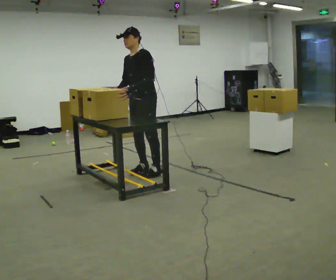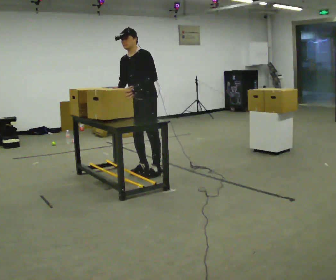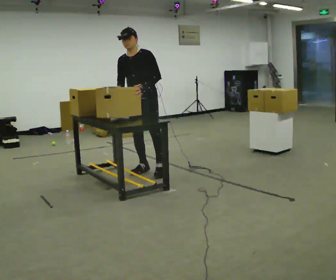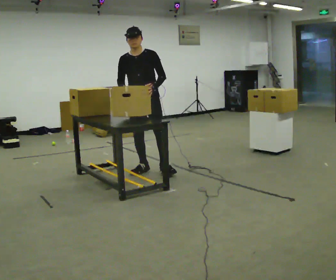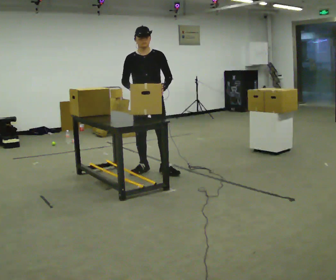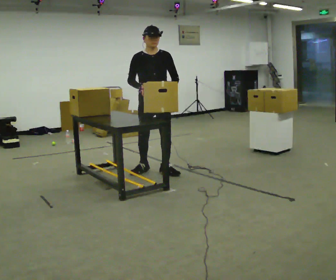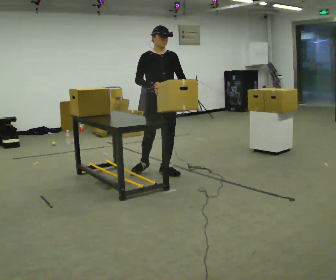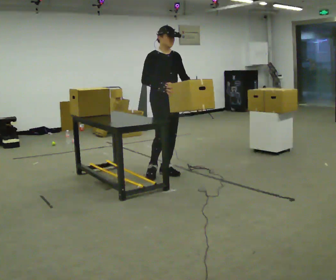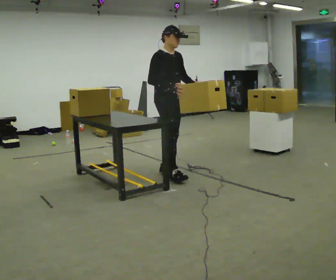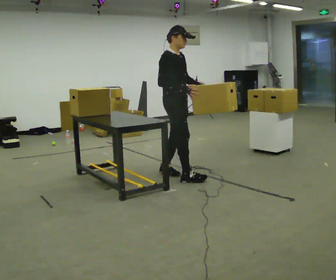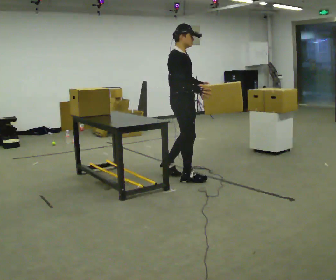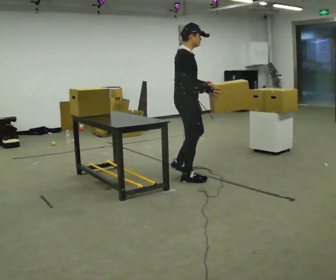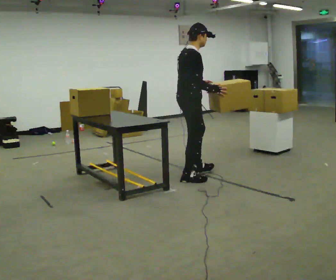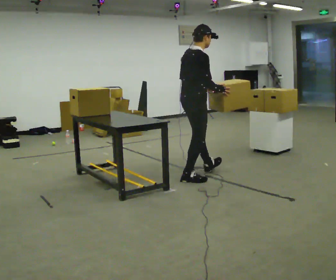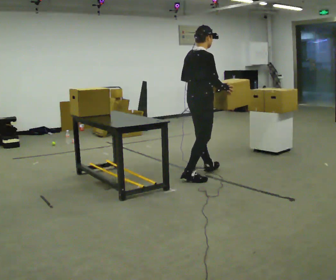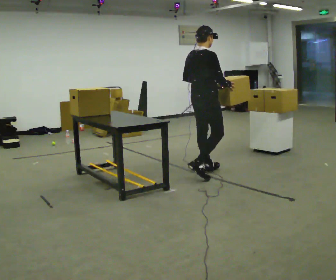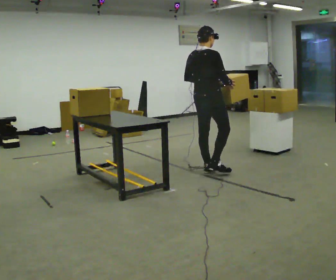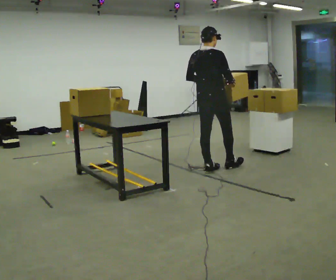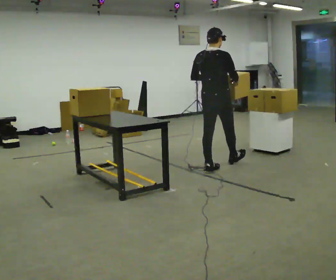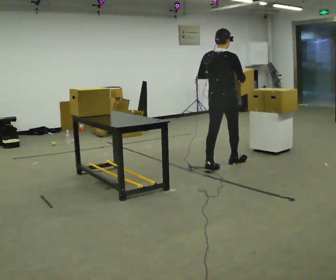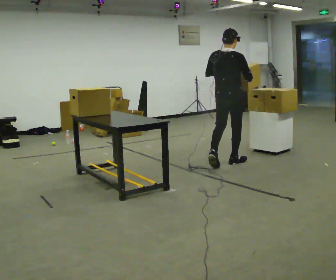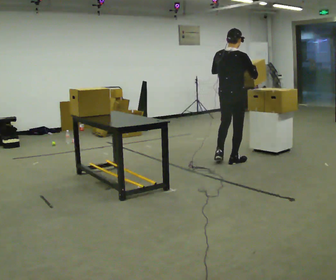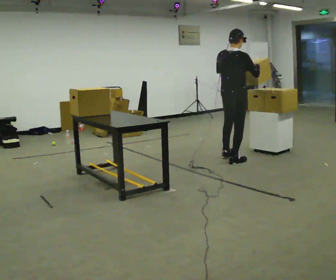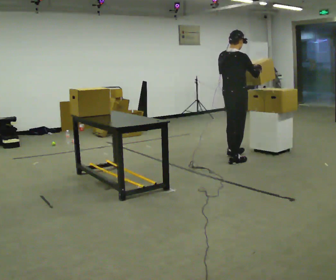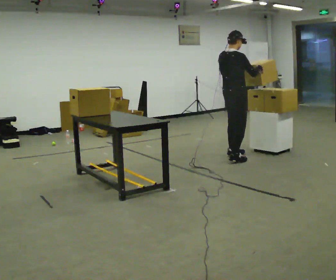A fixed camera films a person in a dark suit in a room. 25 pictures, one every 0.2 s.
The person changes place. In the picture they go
to the right.
The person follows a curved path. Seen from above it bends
counterclockwise.
0.0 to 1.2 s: Seen from above the body turns counterclockwise, about 75 degrees: to their left, with its near side sliding to the right. In the picture they go to the right, about 0.25 m. In the picture their left hand goes to the right, the arm swinging counterclockwise.
1.2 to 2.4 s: The part of the body nearest the lens slides to the right as the person turns to their left by about 75 degrees. In the picture they go to the right and toward the camera, about 0.5 m in 1 step.
2.4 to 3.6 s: Seen from above the body turns counterclockwise, about 45 degrees: to their left, with its near side sliding to the right. In the picture they go away from the camera and to the right, about 0.5 m in 2 steps, which for them is forward.
3.6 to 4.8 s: The part of the body nearest the lens slides to the left as the person turns to their right by about 30 degrees. In the picture they go away from the camera and to the right, about 0.5 m in 1 step, which for them is forward.
The film runs forward here.
